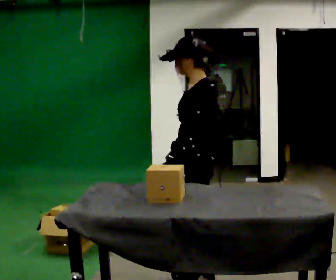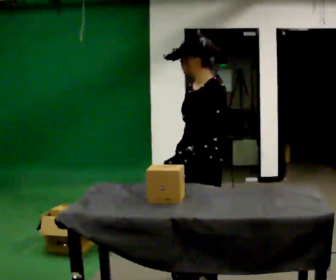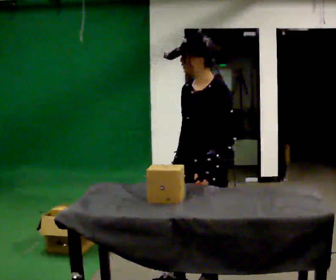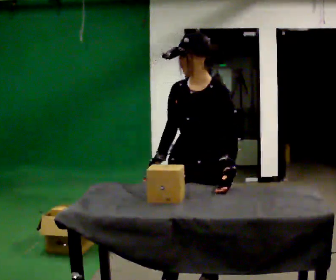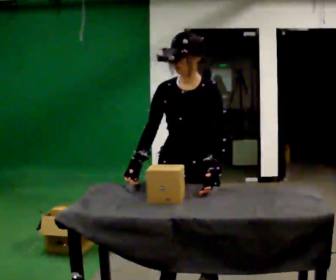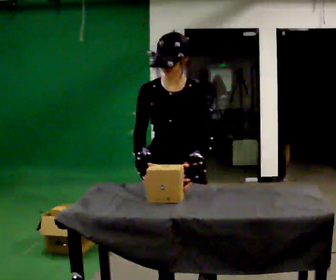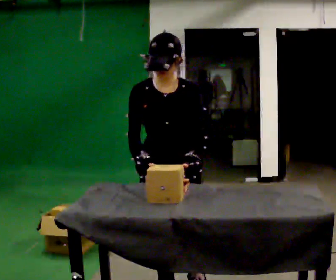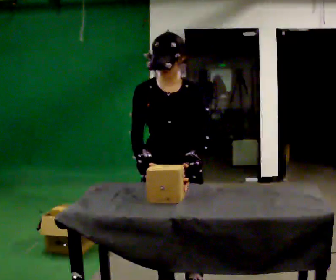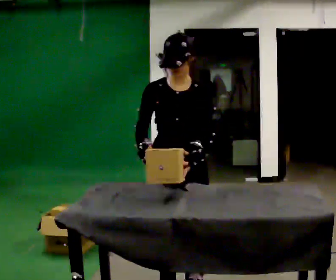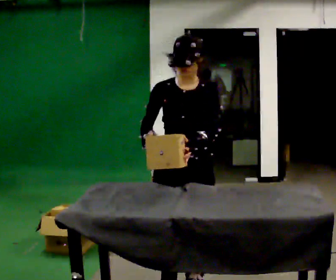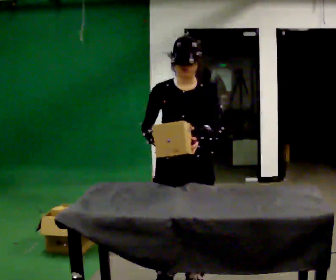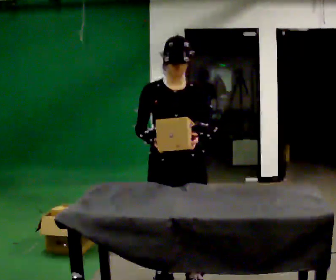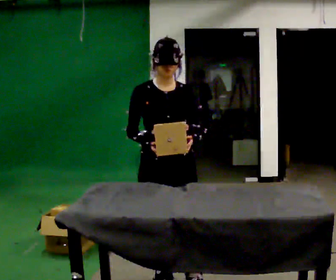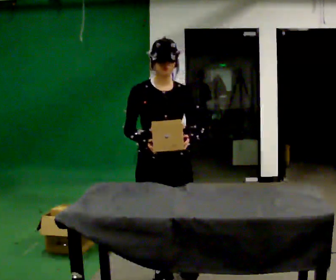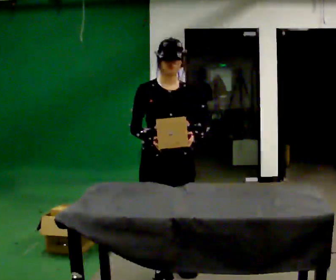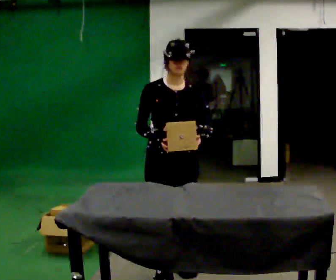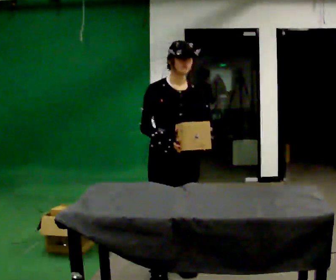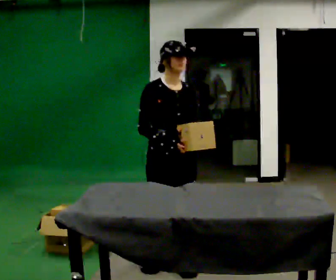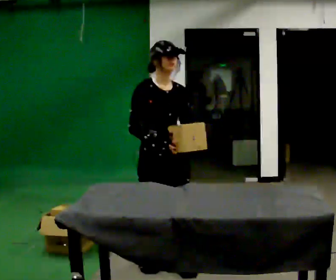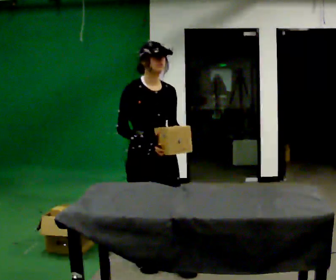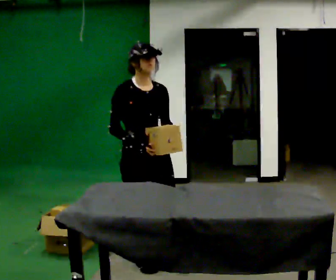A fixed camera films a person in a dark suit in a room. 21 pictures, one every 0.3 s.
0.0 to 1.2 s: Seen from above the body turns counterclockwise, about 60 degrees: to their left, with its near side sliding to the right. In the picture they go toward the camera, about 0.25 m in 1 step, which for them is to their left and forward.
1.2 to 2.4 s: The person moves a little, or ends about where they began.
2.4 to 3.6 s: In the picture they go away from the camera, about 0.25 m in 1 step, which for them is backward.
3.6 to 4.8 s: In the picture they go away from the camera, about 0.25 m in 2 steps, which for them is backward.
4.8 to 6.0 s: In the picture they go to the left, about 0.25 m in 1 step, which for them is backward.
The film runs backward here.
